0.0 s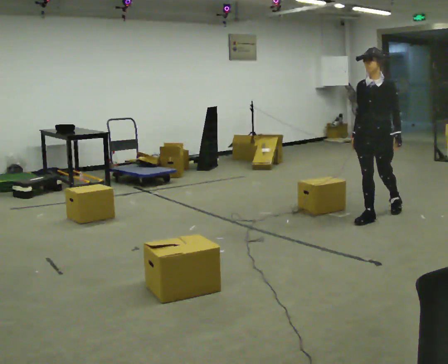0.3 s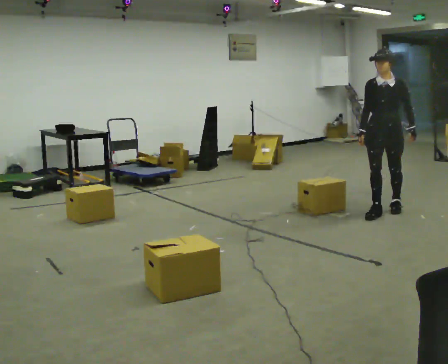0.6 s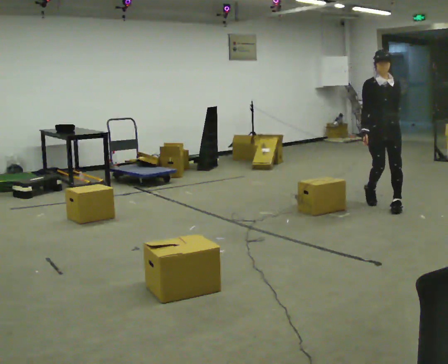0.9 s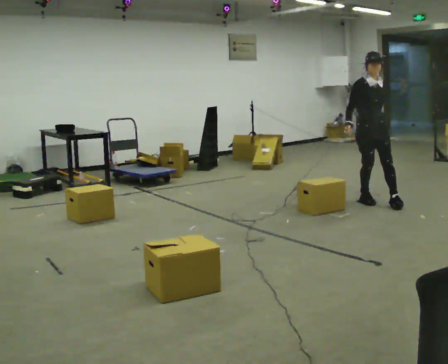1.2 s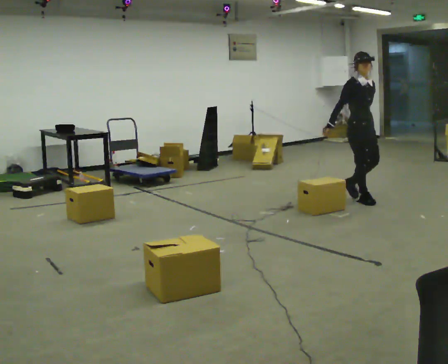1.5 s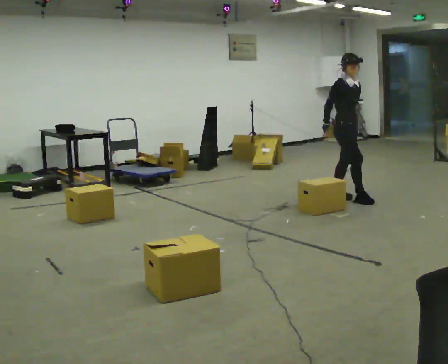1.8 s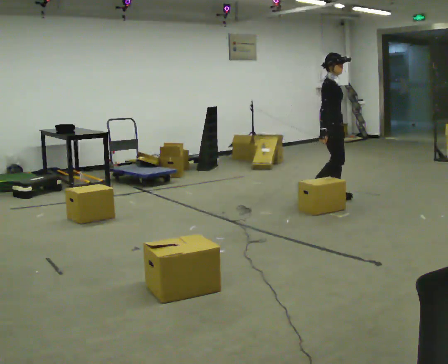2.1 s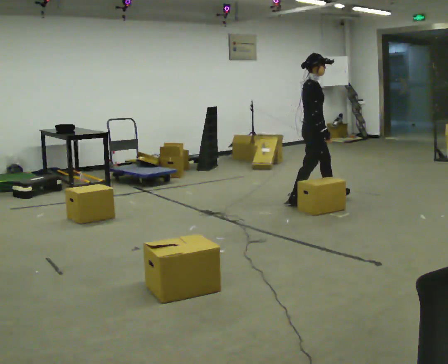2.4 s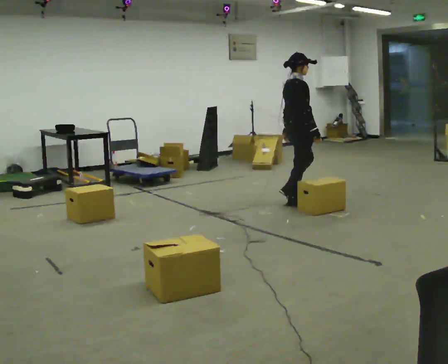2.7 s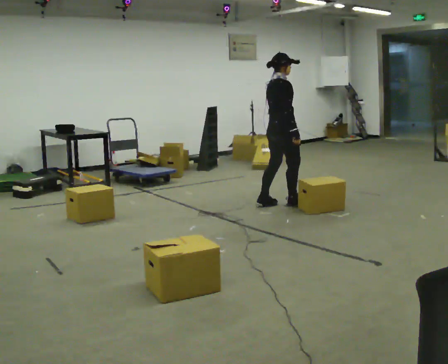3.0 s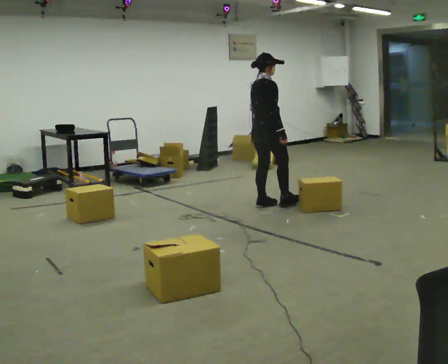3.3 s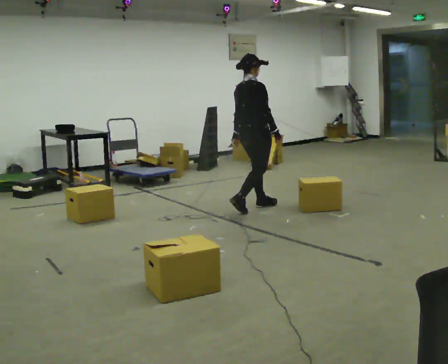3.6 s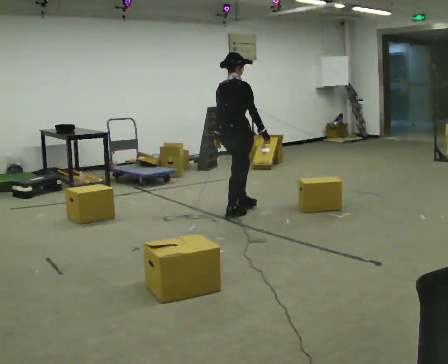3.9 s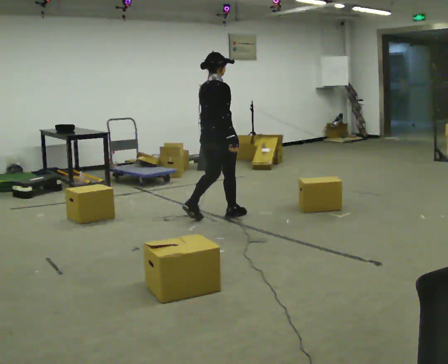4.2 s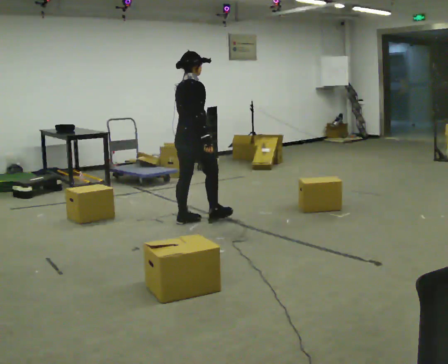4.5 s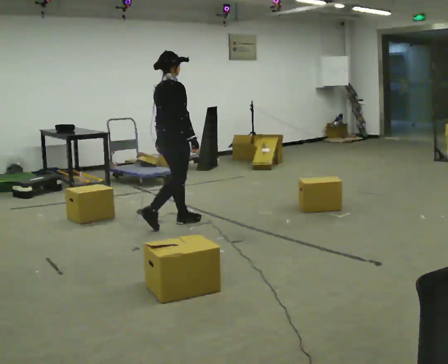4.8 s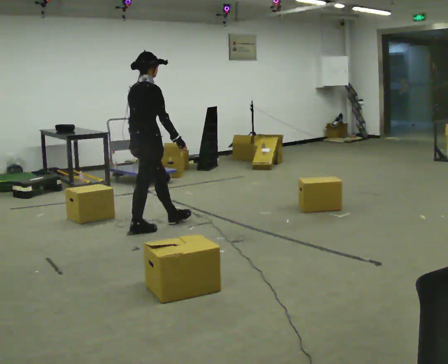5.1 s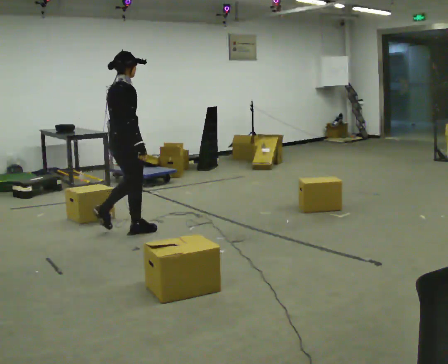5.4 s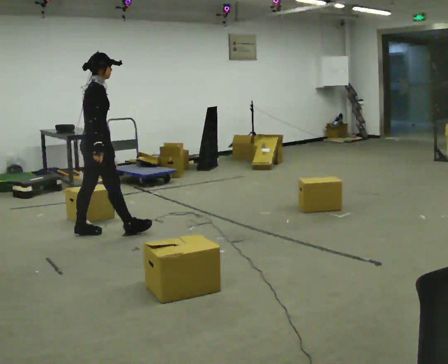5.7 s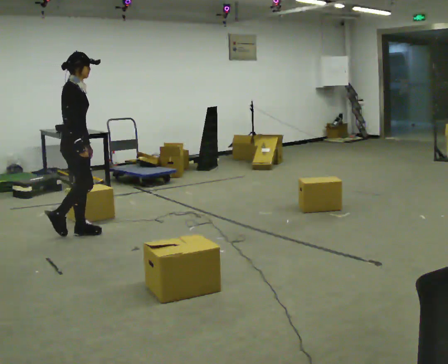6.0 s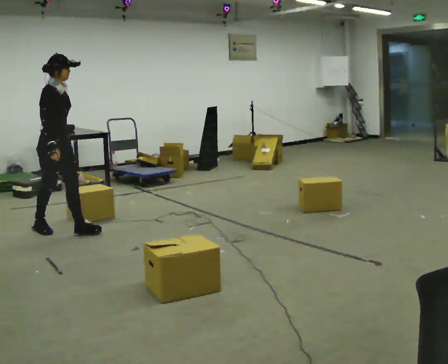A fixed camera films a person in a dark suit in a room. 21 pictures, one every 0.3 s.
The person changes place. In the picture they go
to the left.
0.0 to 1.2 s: The person turns about 75 degrees to their left, counterclockwise seen from above, so the part of the body nearest the lens slides to the right. In the picture they go away from the camera, about 0.5 m in 2 steps.
1.2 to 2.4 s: The part of the body nearest the lens slides to the right as the person turns to their left by about 60 degrees. In the picture they go to the left, about 0.75 m in 2 steps.
2.4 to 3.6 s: The person turns about 30 degrees to their left, counterclockwise seen from above, so the part of the body nearest the lens slides to the right. In the picture they go to the left and toward the camera, about 0.5 m in 2 steps, which for them is backward.
3.6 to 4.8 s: In the picture they go to the left and toward the camera, about 1 m in 2 steps, which for them is backward.
4.8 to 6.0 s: The person turns about 45 degrees to their right, clockwise seen from above, so the part of the body nearest the lens slides to the left. In the picture they go to the left, about 1 m in 1 step, which for them is backward.
The film runs backward here.
